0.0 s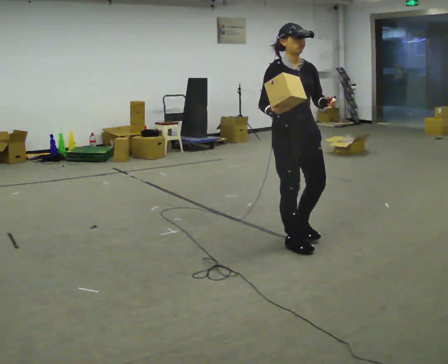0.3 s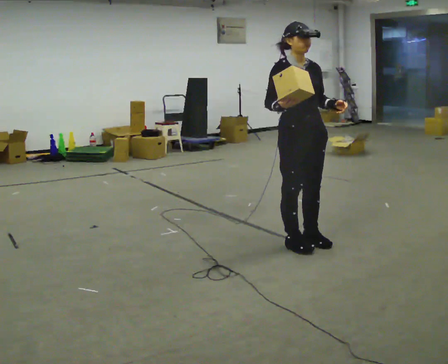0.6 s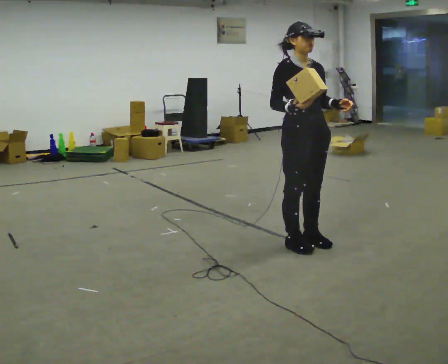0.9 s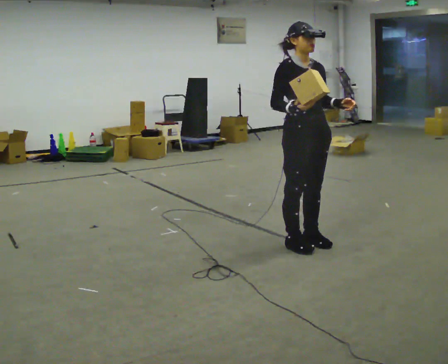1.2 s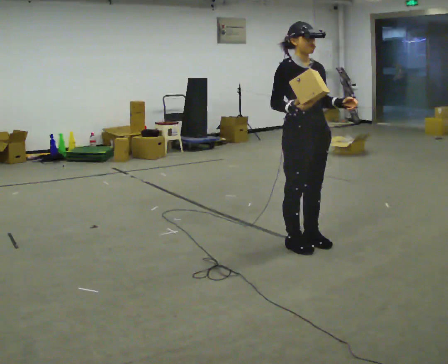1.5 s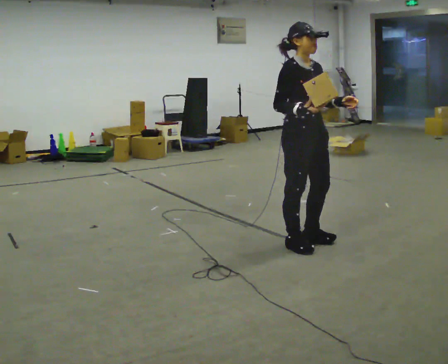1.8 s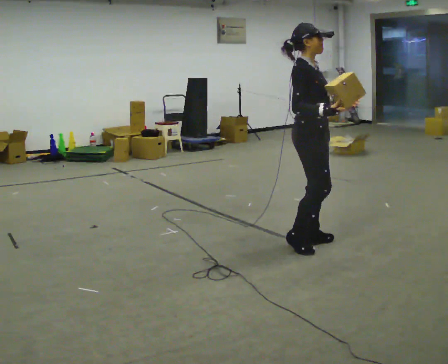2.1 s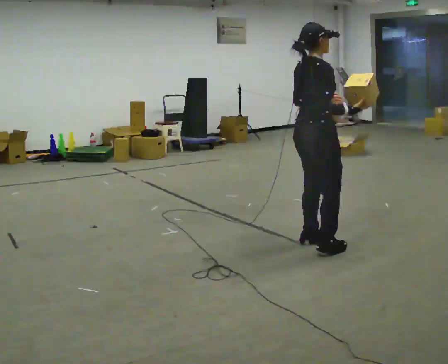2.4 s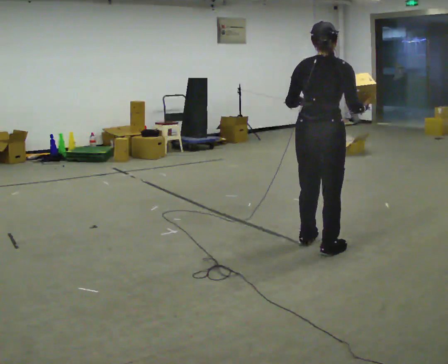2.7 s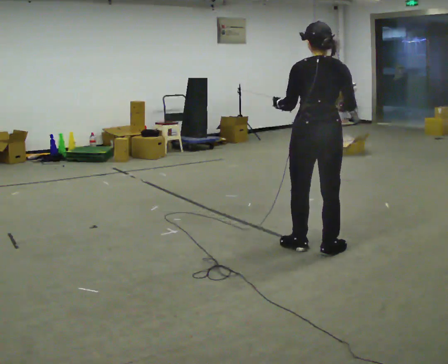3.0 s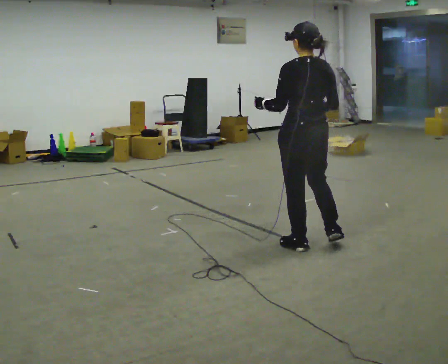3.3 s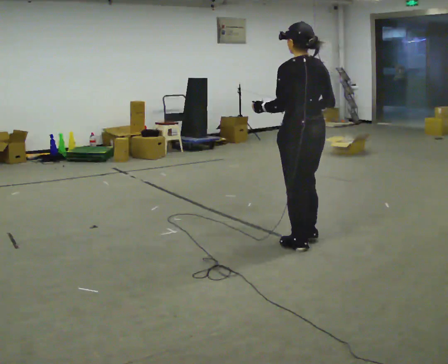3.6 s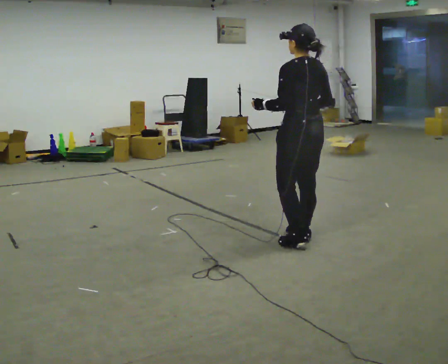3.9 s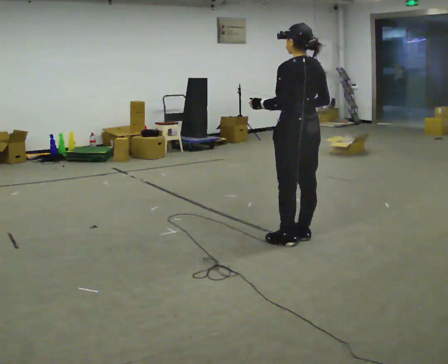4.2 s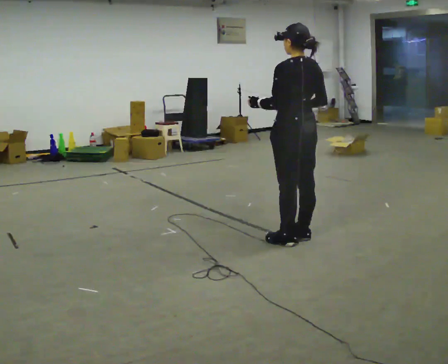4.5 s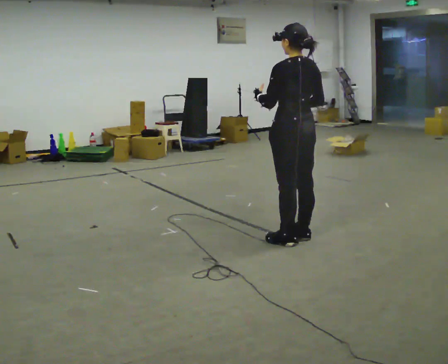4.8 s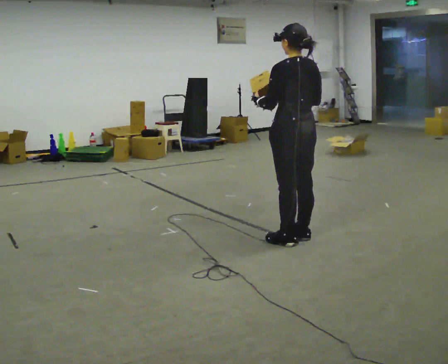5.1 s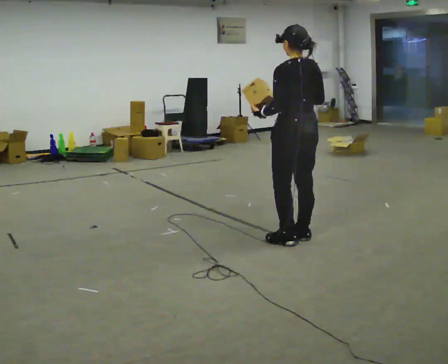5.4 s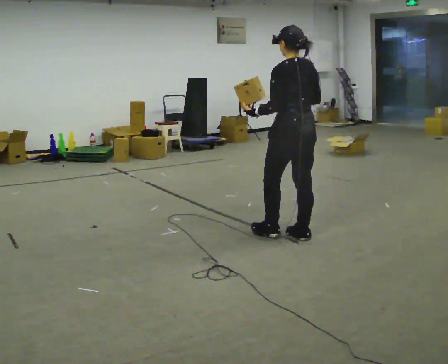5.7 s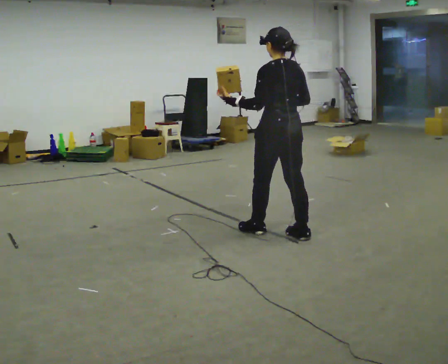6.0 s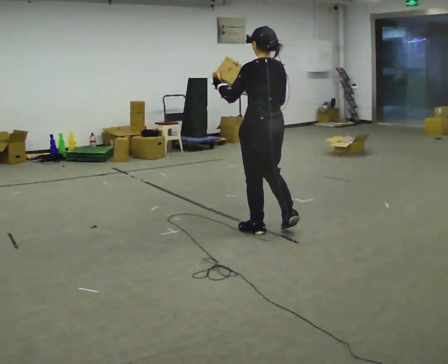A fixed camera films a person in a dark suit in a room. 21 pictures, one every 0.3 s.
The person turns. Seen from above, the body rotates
counterclockwise.
The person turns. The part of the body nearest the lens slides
to the right.
0.0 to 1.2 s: The person moves a little, or ends about where they began.
1.2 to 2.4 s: The part of the body nearest the lens slides to the right as the person turns to their left by about 120 degrees. In the picture their left hand goes to the left.
2.4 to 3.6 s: The part of the body nearest the lens slides to the right as the person turns to their left by about 60 degrees.
3.6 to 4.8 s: The person moves a little, or ends about where they began.
4.8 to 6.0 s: In the picture they go to the left, about 0.25 m in 1 step, which for them is forward.
The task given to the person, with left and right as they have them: Carry the object in one hand and, while walking, pass it to your other hand. Keep passing it back and forth as you walk.
The film runs forward here.
